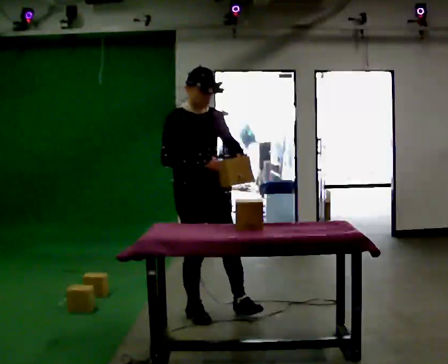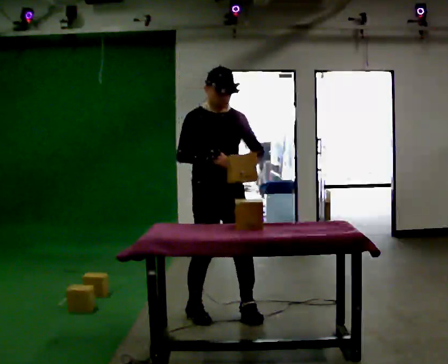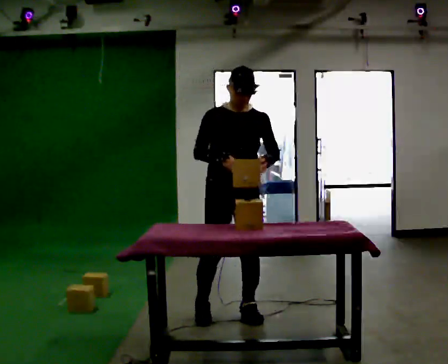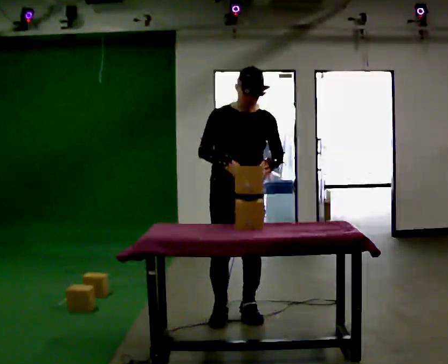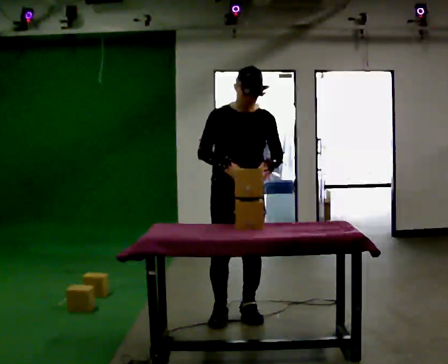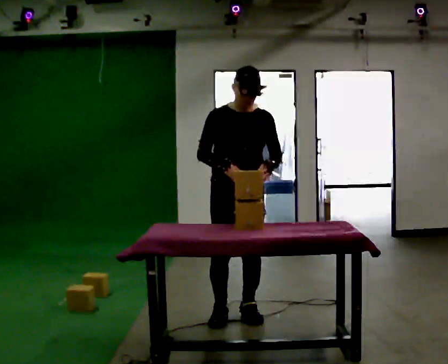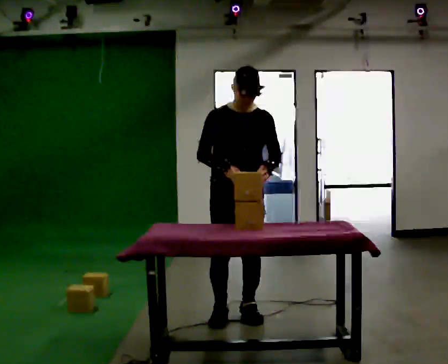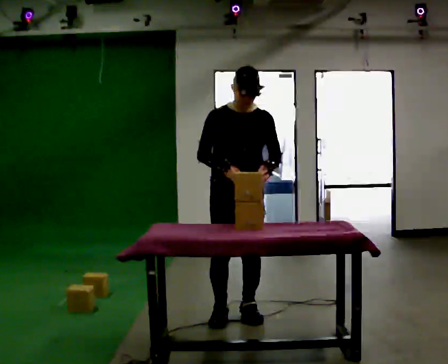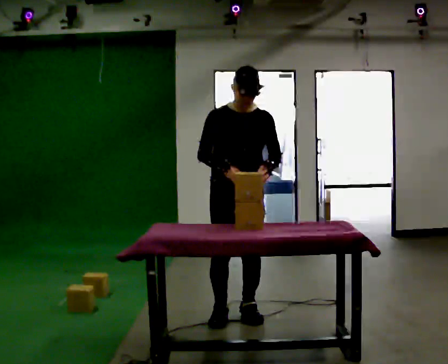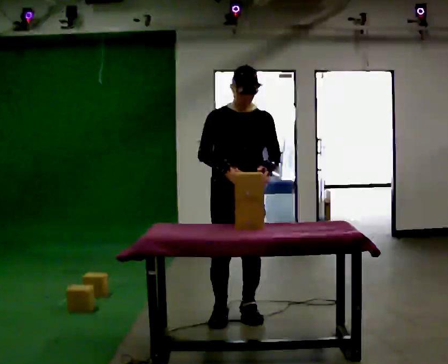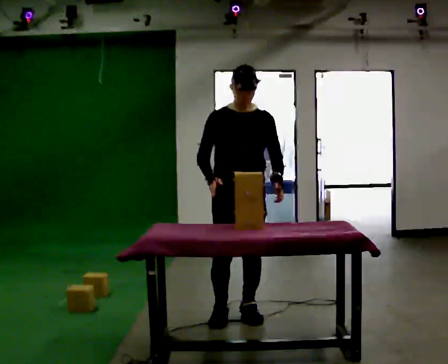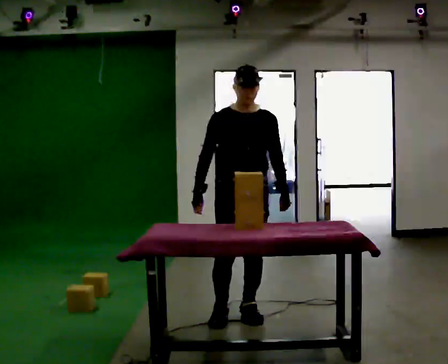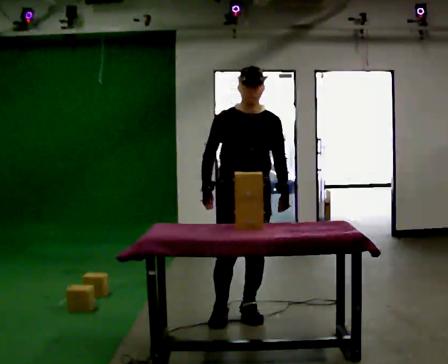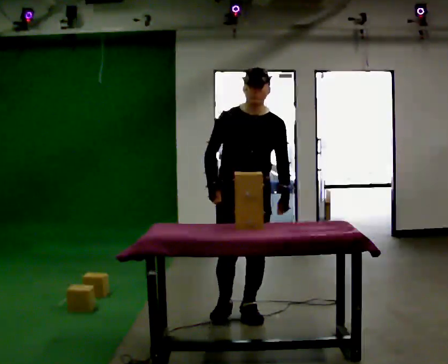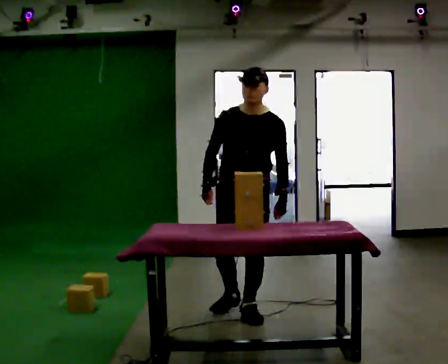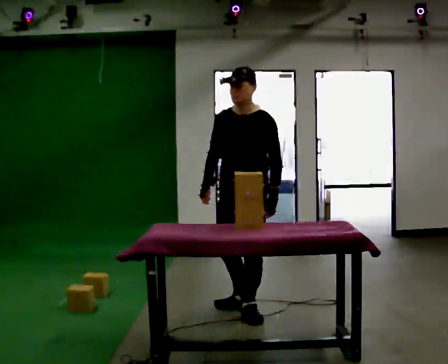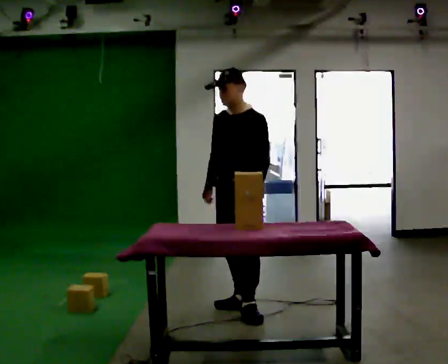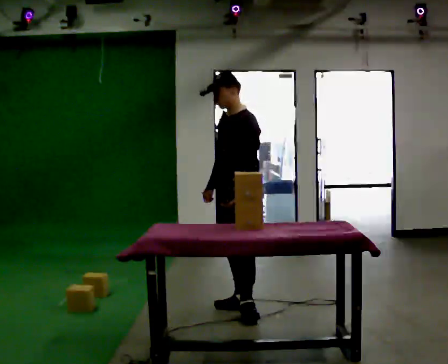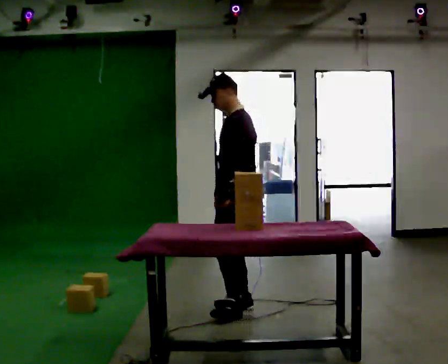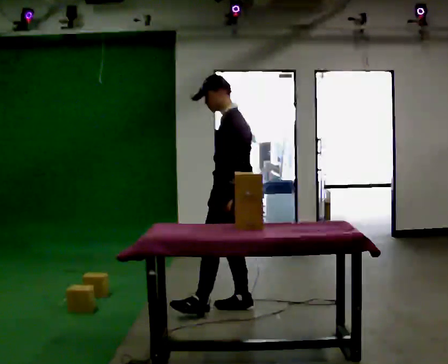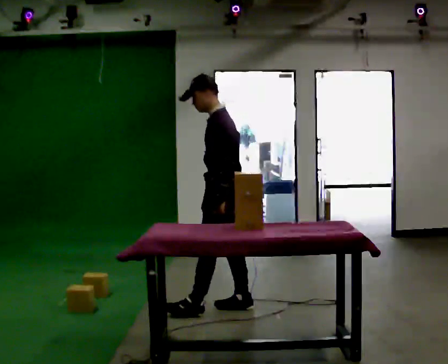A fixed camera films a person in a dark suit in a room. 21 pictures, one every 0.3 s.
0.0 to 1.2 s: Seen from above the body turns clockwise, about 30 degrees: to their right, with its near side sliding to the left. In the picture they go to the right, about 0.25 m in 2 steps, which for them is to their left.
1.2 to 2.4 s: The person keeps their place and pose.
2.4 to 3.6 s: The person moves a little, or ends about where they began.
3.6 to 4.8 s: Seen from above the body turns clockwise, about 45 degrees: to their right, with its near side sliding to the left. In the picture they go away from the camera, about 0.25 m in 1 step, which for them is backward.
4.8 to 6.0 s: Seen from above the body turns clockwise, about 45 degrees: to their right, with its near side sliding to the left.
The film runs forward here.
